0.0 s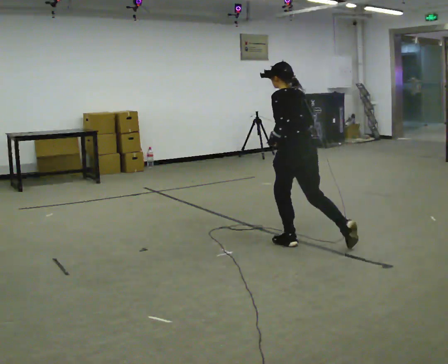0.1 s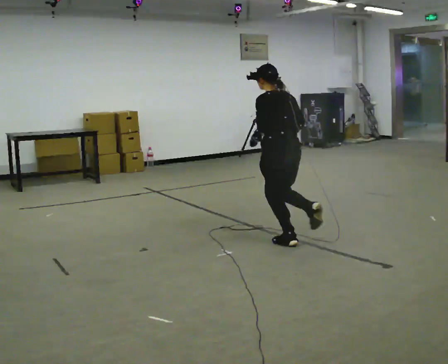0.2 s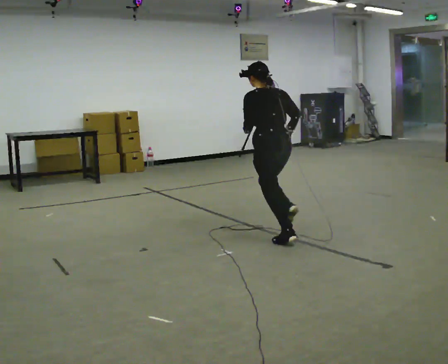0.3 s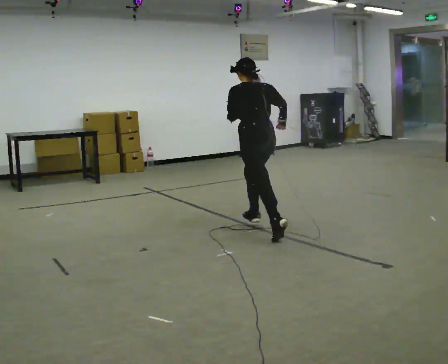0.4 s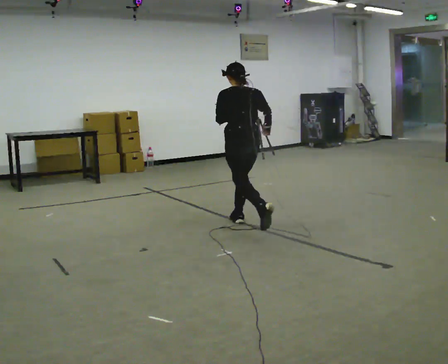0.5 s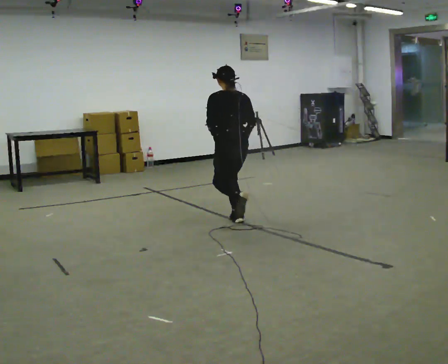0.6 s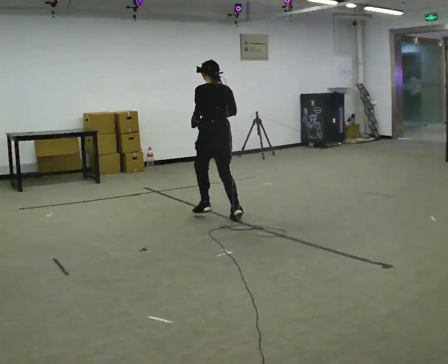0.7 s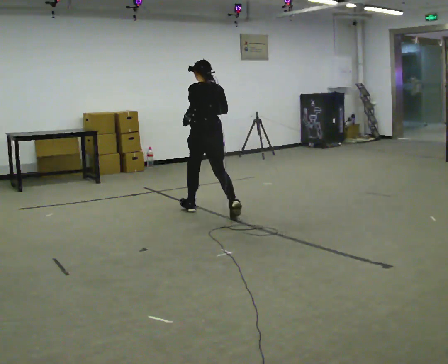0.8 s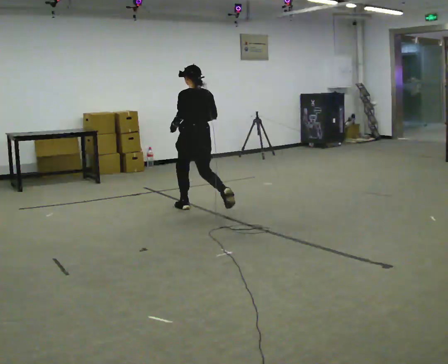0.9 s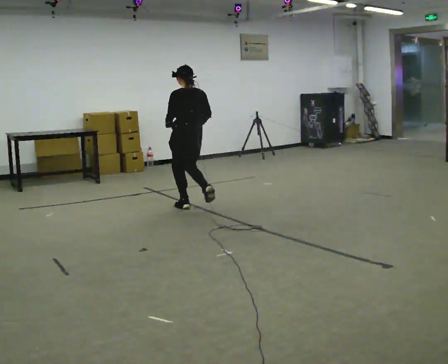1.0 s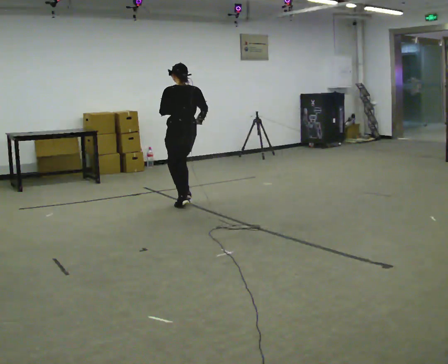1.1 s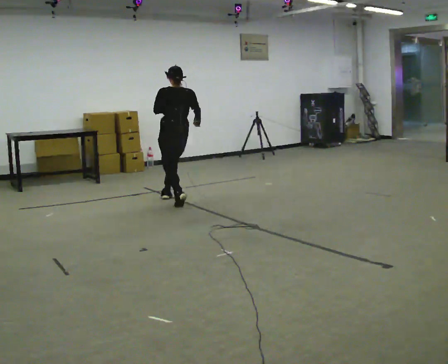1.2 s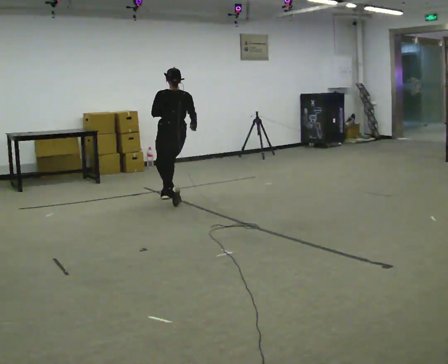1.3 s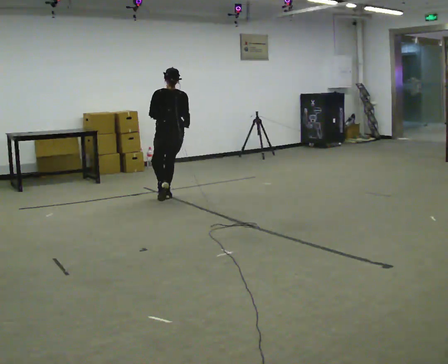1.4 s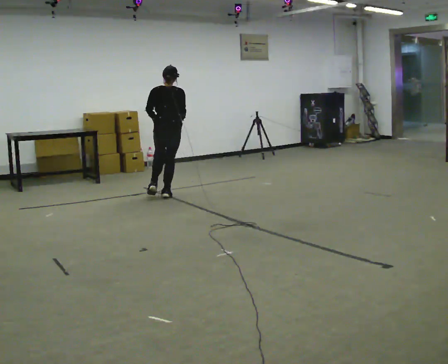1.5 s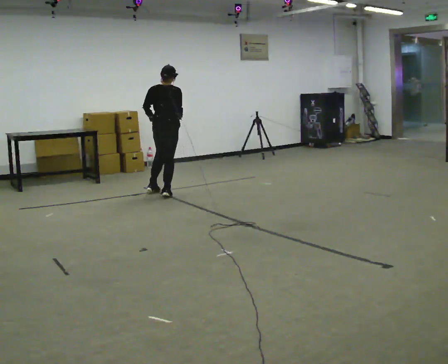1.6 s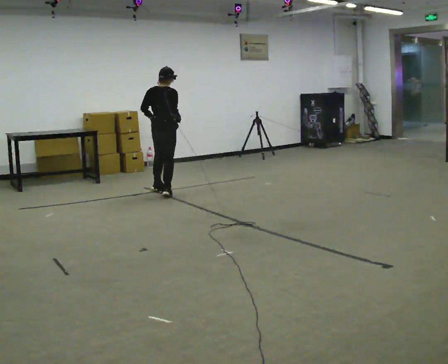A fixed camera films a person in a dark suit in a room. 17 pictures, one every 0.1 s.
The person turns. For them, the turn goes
to their right.
The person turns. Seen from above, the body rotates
clockwise.
0.0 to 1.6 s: The person turns about 75 degrees to their right, clockwise seen from above, so the part of the body nearest the lens slides to the left. In the picture they go away from the camera and to the left, about 2.5 m in 3 steps.
The film runs forward here.
